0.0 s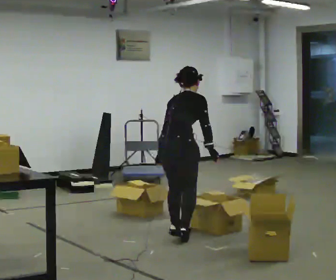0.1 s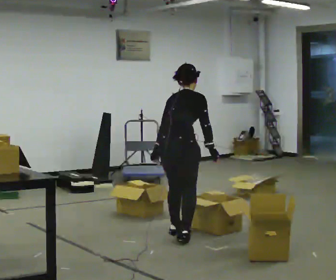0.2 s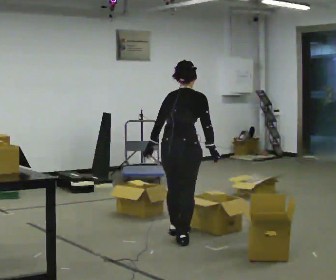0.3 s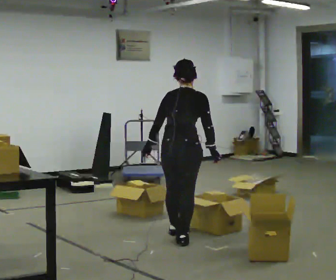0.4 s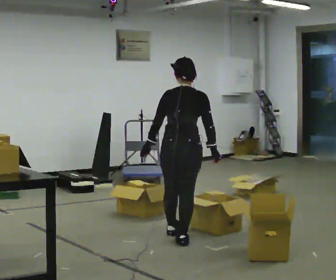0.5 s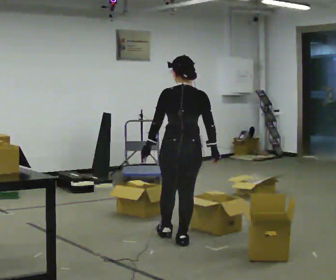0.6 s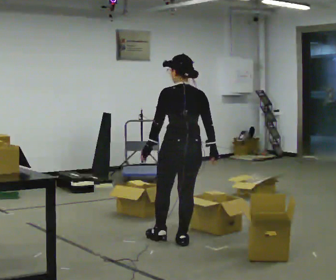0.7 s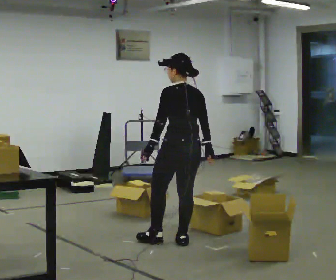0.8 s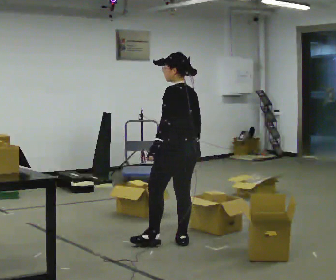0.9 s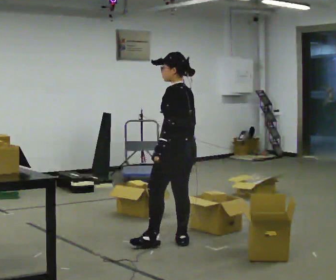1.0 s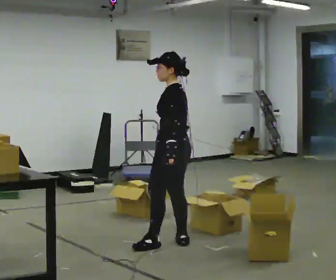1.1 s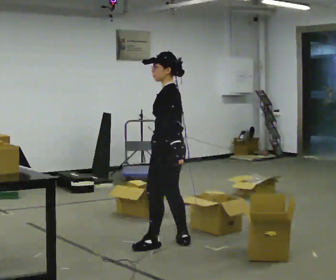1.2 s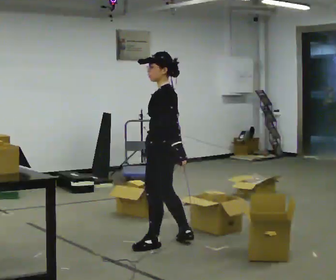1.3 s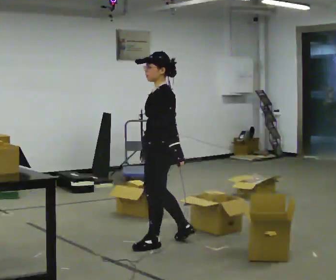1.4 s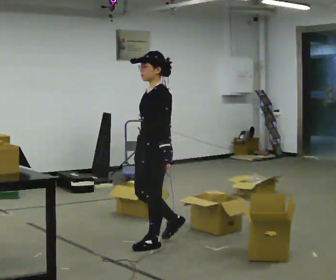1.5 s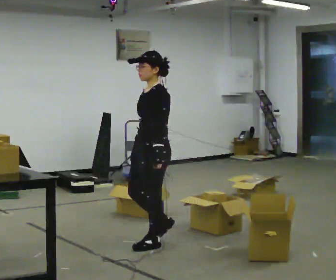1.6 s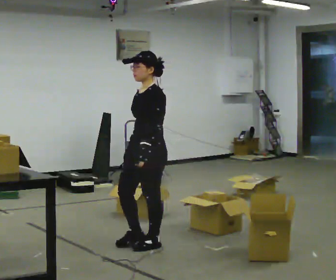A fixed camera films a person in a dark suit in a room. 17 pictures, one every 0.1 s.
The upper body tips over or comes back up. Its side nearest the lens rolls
downward.
The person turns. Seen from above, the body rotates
counterclockwise.
0.0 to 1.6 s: Seen from above the body turns counterclockwise, about 150 degrees: to their left, with its near side sliding to the right. In the picture they go toward the camera and to the left, about 0.5 m in 2 steps. The upper body tips toward the camera, its near side rolling downward, as they lean back or straighten.
The film runs forward here.
